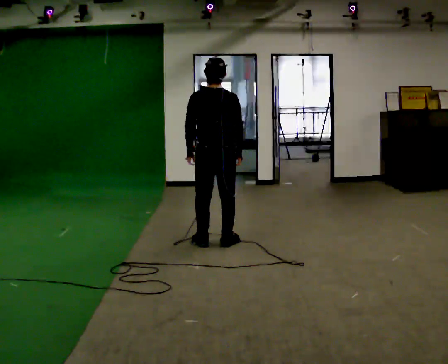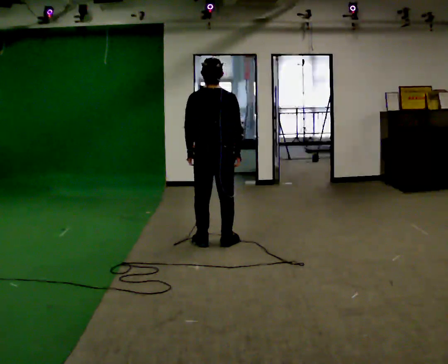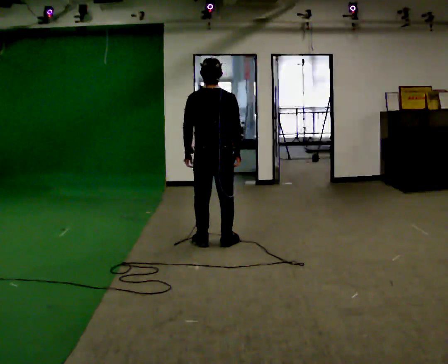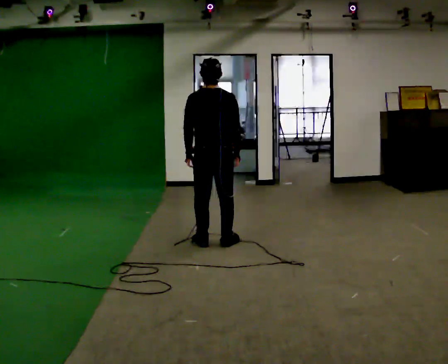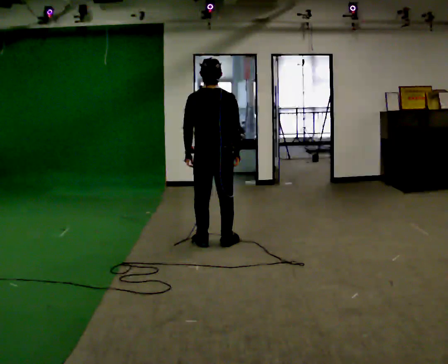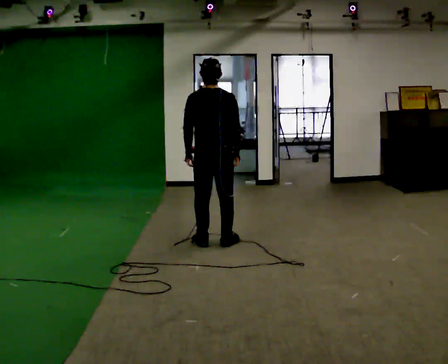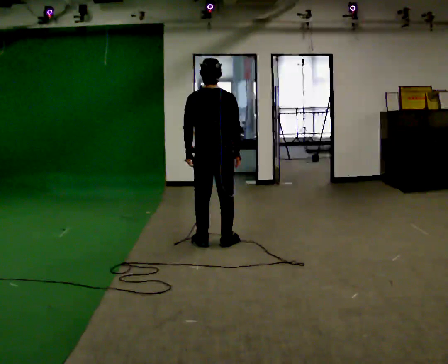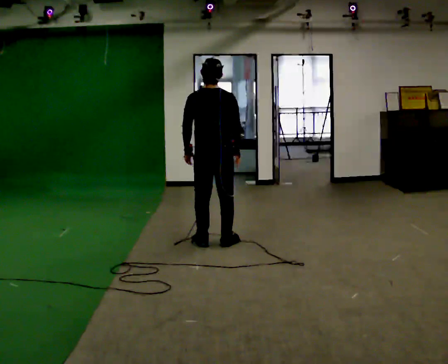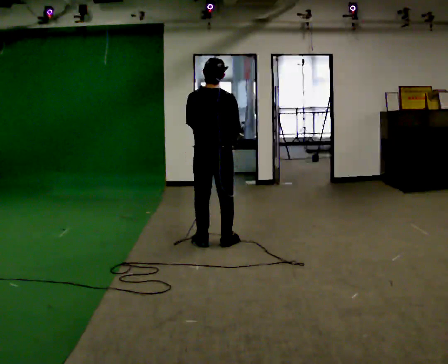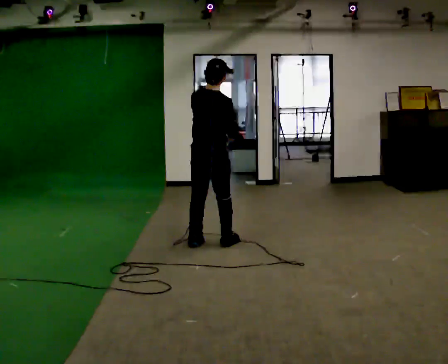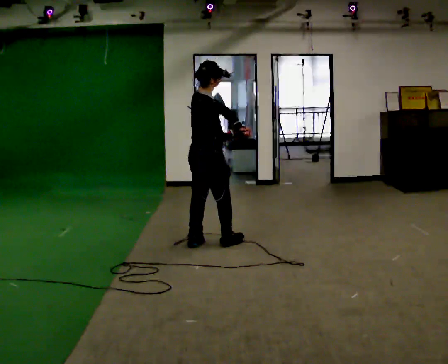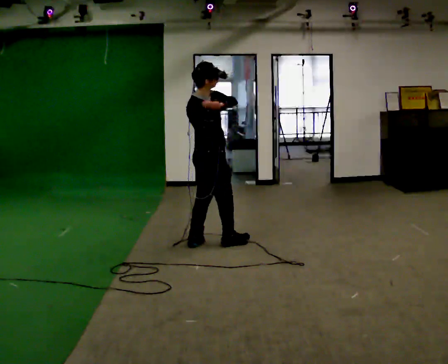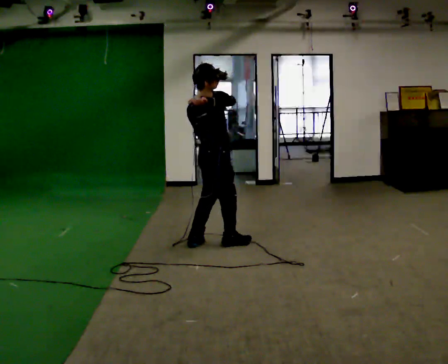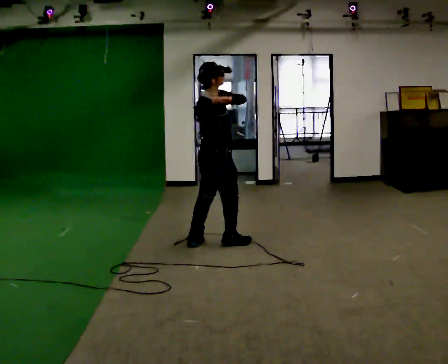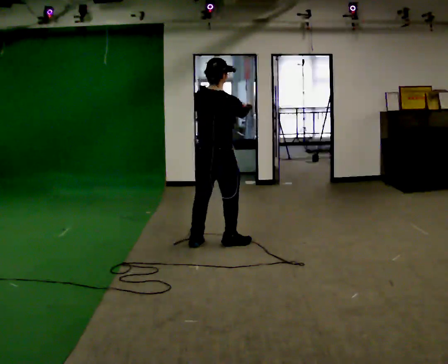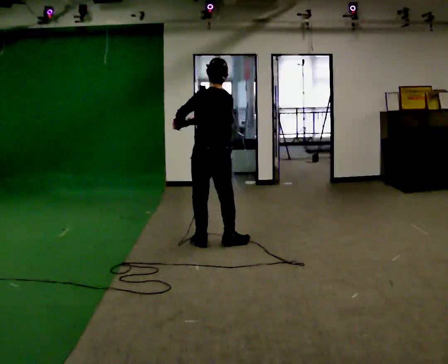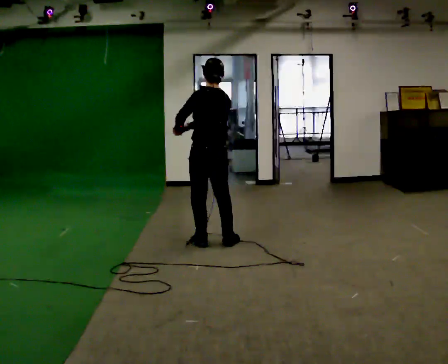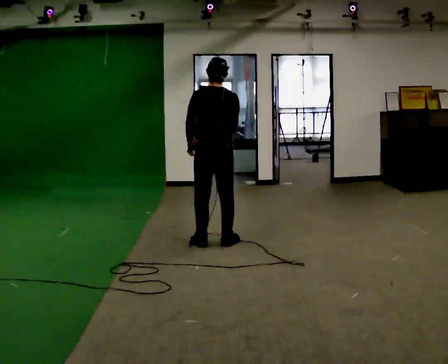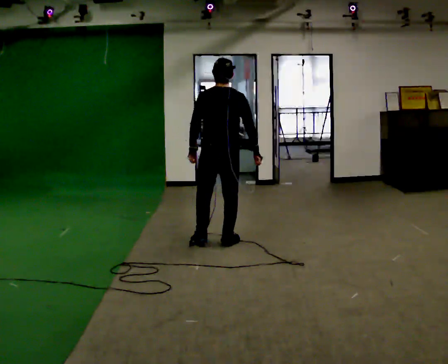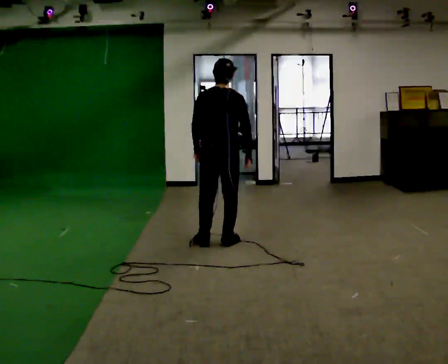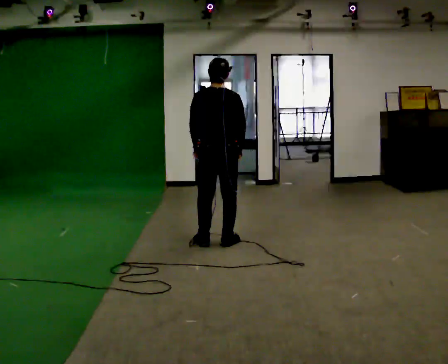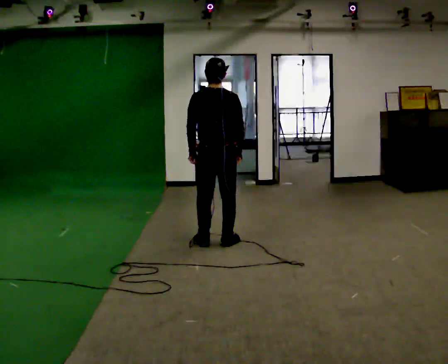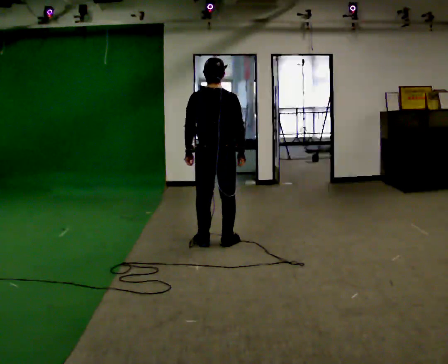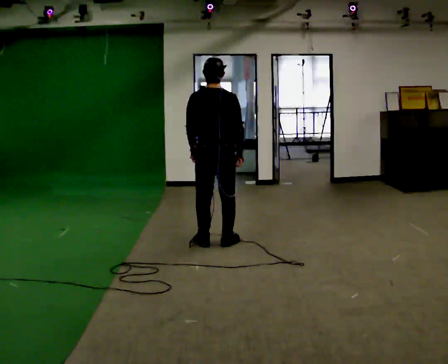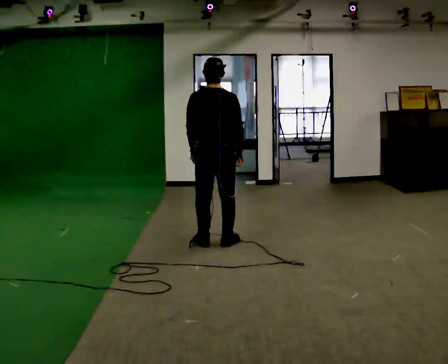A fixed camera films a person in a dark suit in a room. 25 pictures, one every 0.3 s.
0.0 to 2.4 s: The person moves a little, or ends about where they began.
2.4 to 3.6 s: Seen from above the body turns clockwise, about 90 degrees: to their right, with its near side sliding to the left. In the picture their left hand goes upward.
3.6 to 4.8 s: The part of the body nearest the lens slides to the right as the person turns to their left by about 120 degrees.
4.8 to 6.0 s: The person turns about 30 degrees to their right, clockwise seen from above, so the part of the body nearest the lens slides to the left. In the picture their right hand goes to the right, the arm swinging counterclockwise.
6.0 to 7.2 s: The person moves a little, or ends about where they began.
The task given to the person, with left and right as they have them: Mime a baseball swing with no bat: set your stance, stride, swing through. Repeat the movement at your own pace until the operator says stop; do not rush.
The film runs forward here.
